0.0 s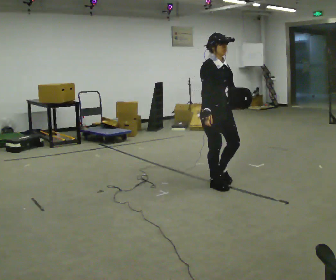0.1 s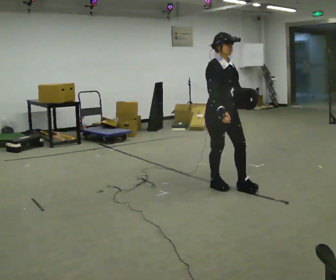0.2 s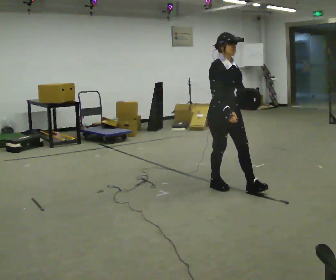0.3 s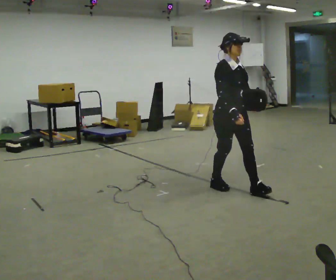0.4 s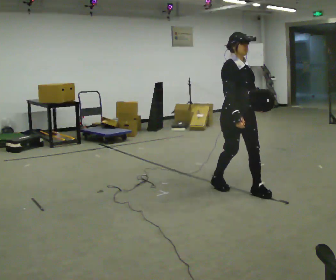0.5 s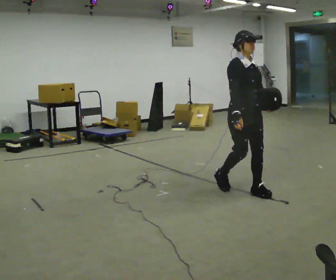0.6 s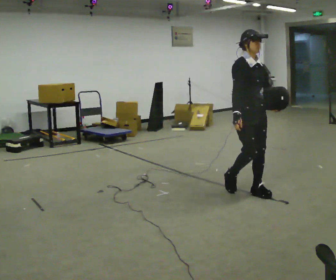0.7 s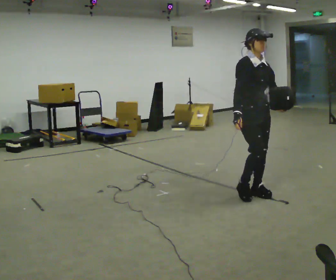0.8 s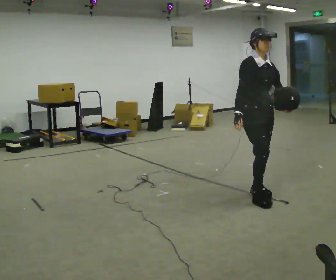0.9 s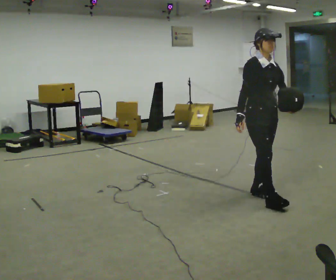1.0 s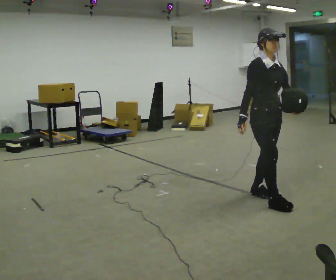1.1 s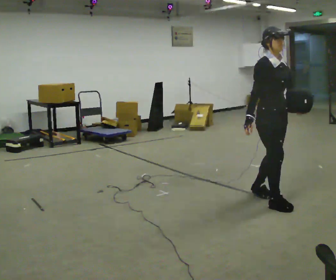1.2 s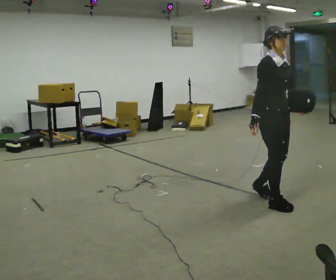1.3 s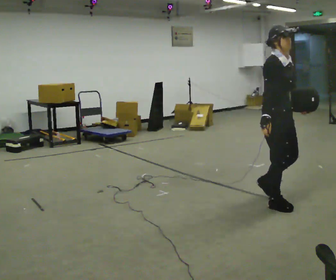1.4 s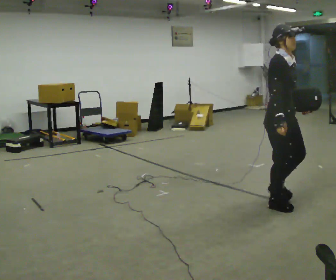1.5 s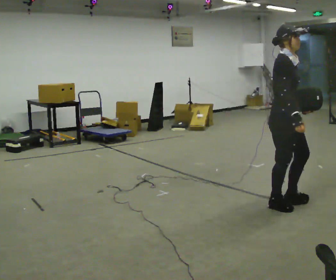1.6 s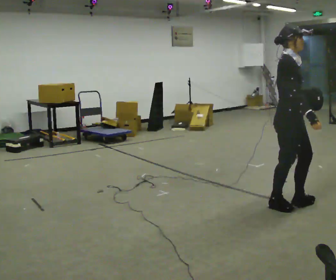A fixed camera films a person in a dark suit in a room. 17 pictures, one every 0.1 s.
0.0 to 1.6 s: In the picture they go to the right and toward the camera, about 1 m in 3 steps, which for them is forward.
The film runs forward here.
